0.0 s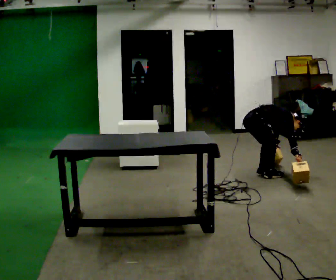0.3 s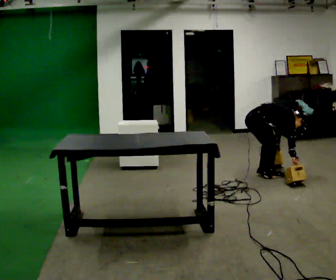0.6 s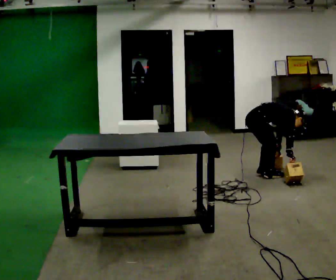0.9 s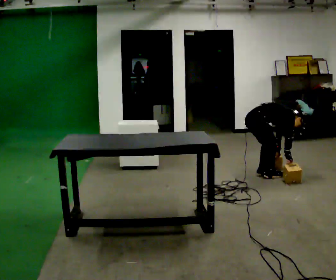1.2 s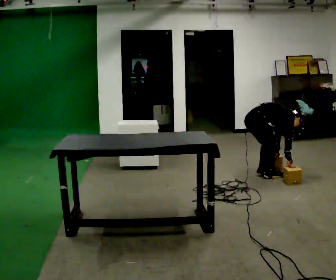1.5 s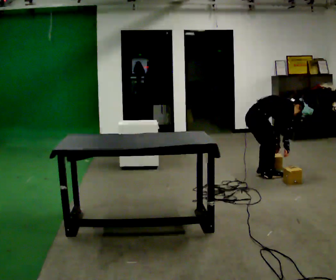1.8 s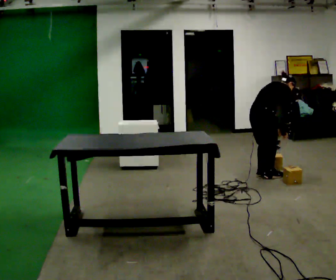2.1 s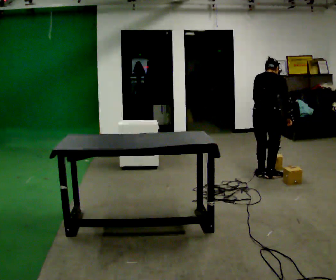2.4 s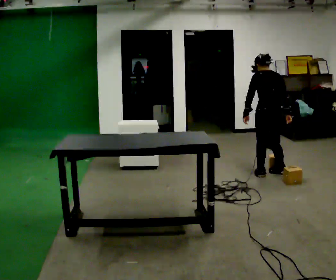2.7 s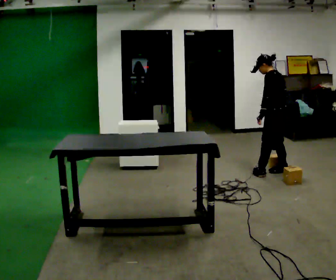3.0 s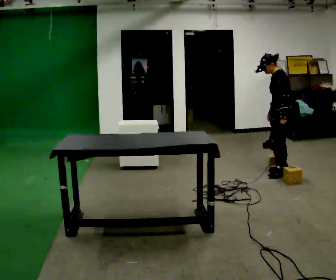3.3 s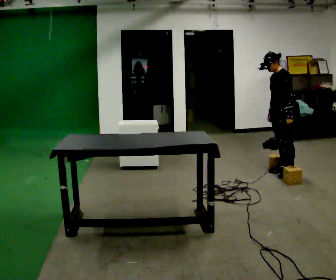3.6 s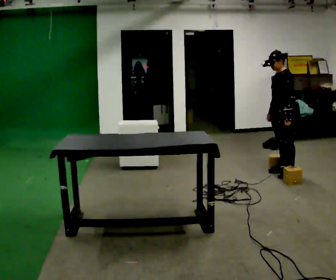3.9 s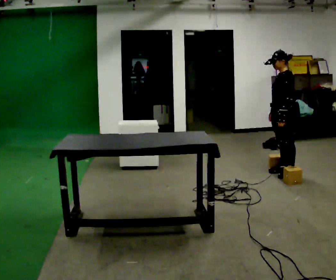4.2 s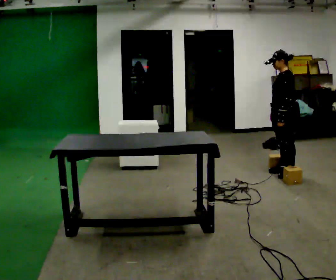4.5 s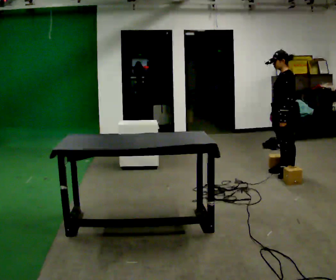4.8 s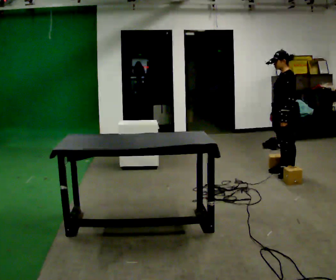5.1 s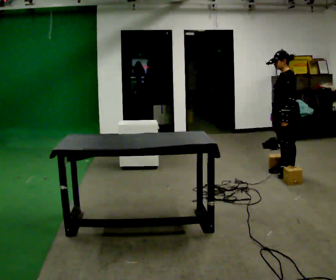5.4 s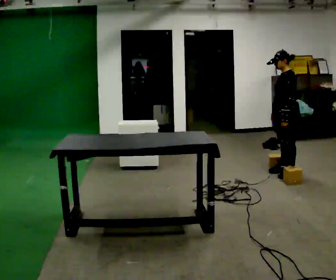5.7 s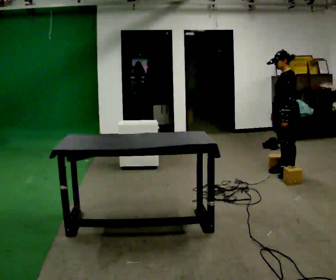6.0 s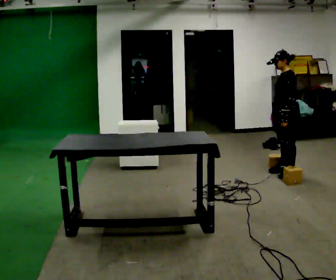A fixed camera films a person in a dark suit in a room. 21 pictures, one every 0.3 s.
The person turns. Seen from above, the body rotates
counterclockwise.
The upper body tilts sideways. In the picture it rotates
counterclockwise.
0.0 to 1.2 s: The person moves a little, or ends about where they began.
1.2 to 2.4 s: The part of the body nearest the lens slides to the right as the person turns to their left by about 105 degrees. In the picture they go to the right, about 0.25 m. The upper body goes upward. In the picture the upper body tilts counterclockwise, shoulders to the left, as they lean back or straighten. In the picture their right hand goes upward.
2.4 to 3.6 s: The part of the body nearest the lens slides to the right as the person turns to their left by about 75 degrees. In the picture their left hand goes to the right, the arm swinging counterclockwise.
3.6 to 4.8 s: The person moves a little, or ends about where they began.
4.8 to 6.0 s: The person keeps their place and pose.
The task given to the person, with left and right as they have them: Pick up both objects, carry them together, then put each one in a different place. Keep going until the operator says stop; one object at a time, and do not rush between trips.
The film runs forward here.
